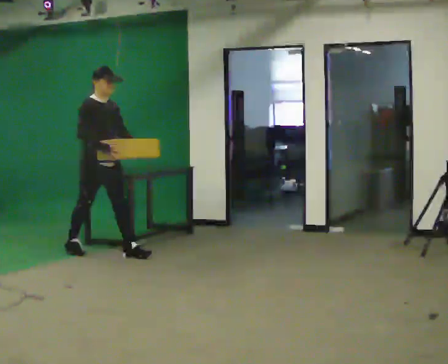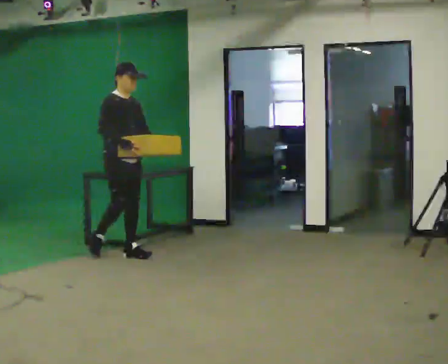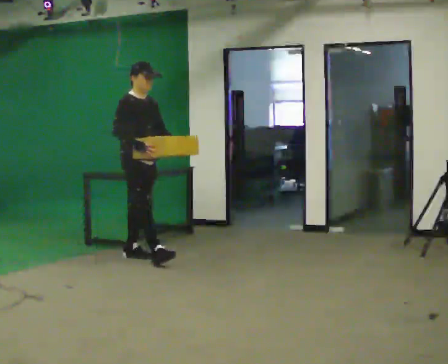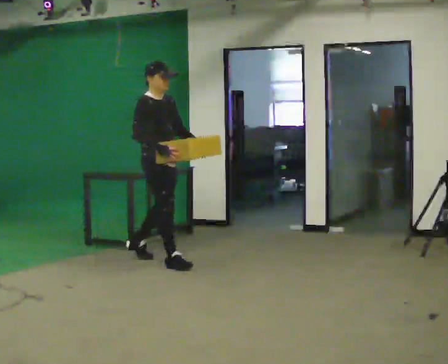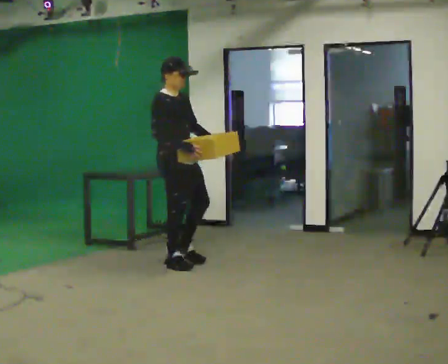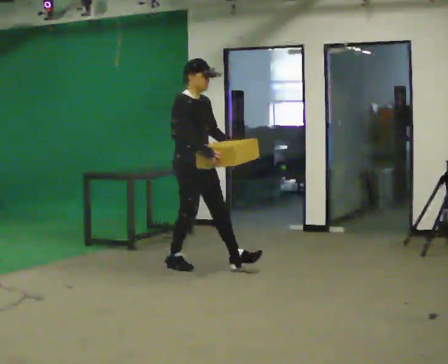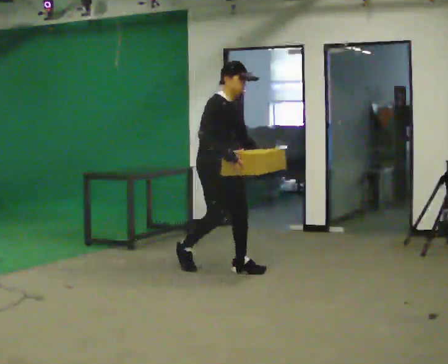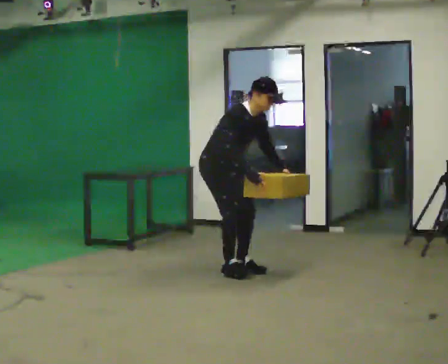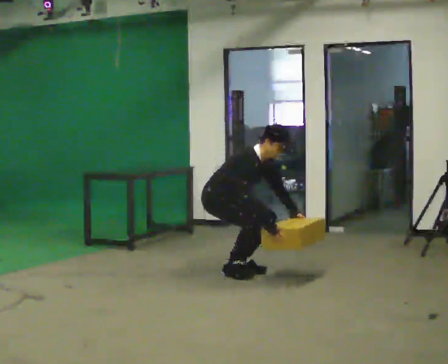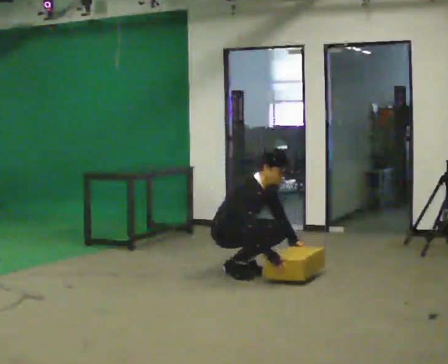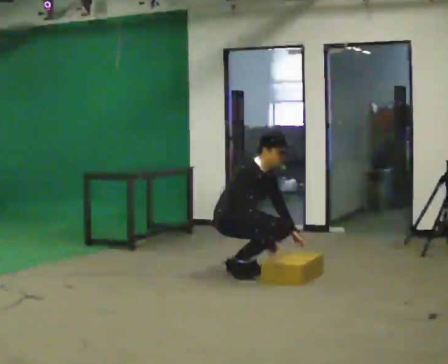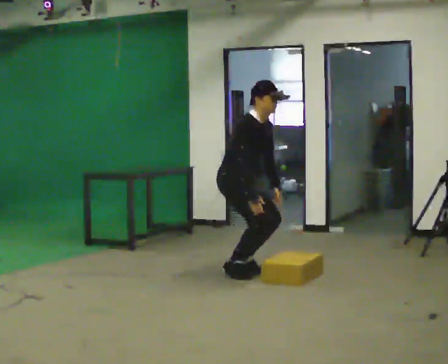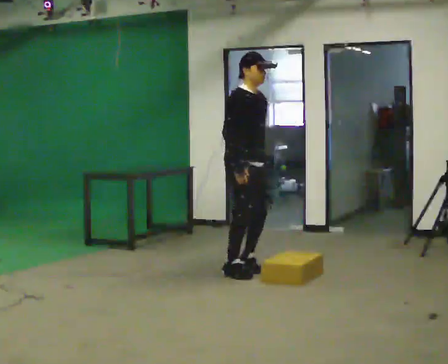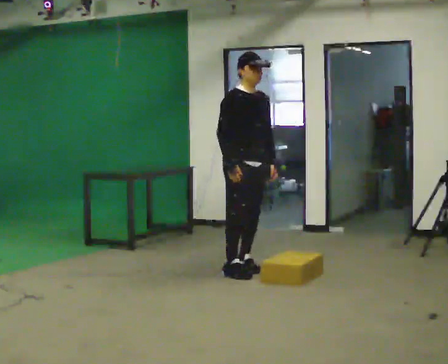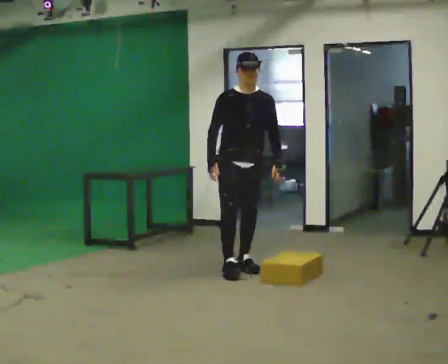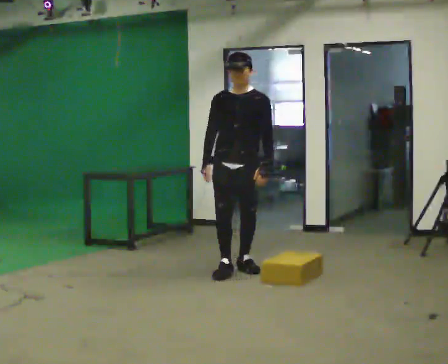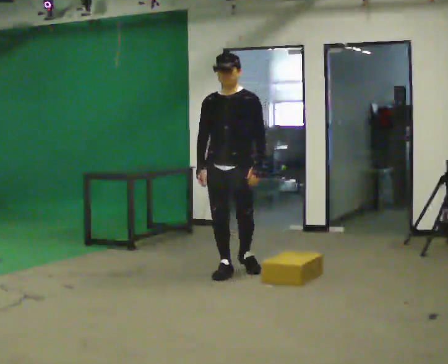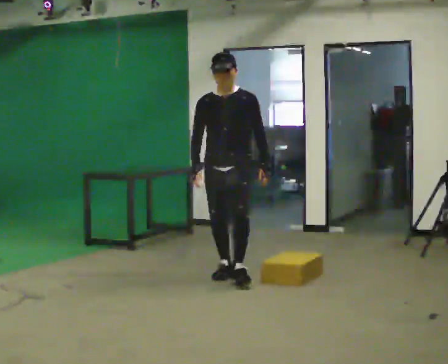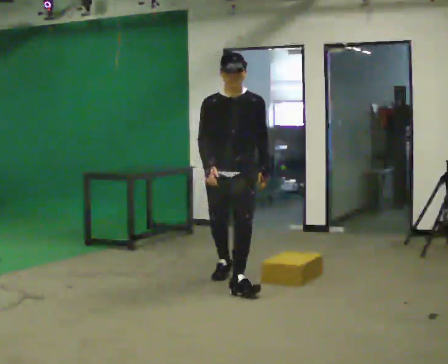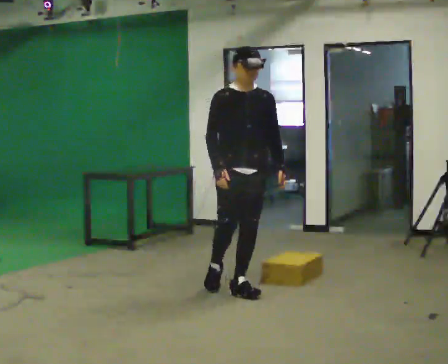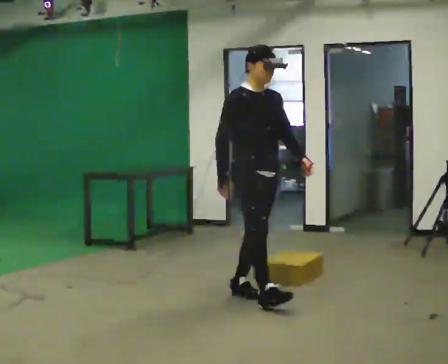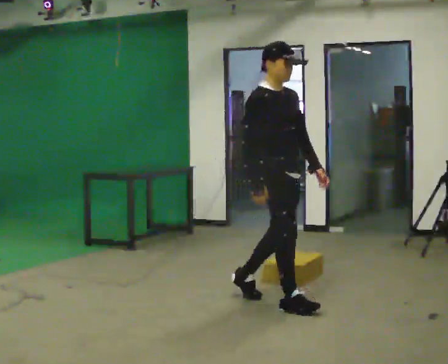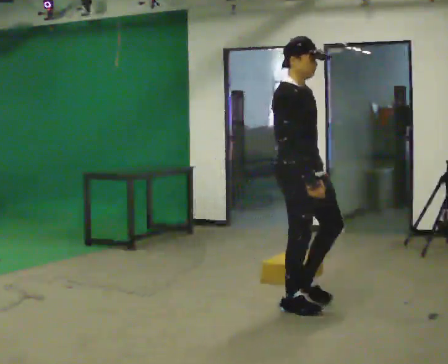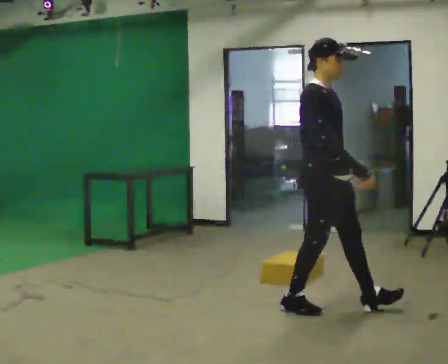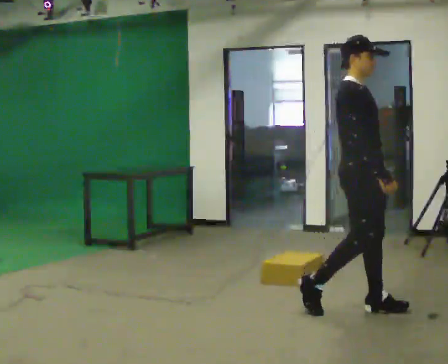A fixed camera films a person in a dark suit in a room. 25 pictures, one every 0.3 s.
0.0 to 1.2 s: In the picture they go to the right and toward the camera, about 1 m in 1 step, which for them is forward.
1.2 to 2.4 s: In the picture they go to the right and toward the camera, about 0.5 m in 2 steps, which for them is forward. The upper body goes downward. In the picture the upper body tilts clockwise, shoulders to the right, as they bend forward. In the picture their right hand goes downward.
2.4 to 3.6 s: In the picture they go to the right, about 0.25 m, which for them is forward. In the picture the upper body tilts counterclockwise, shoulders to the left, as they lean back or straighten. In the picture their left hand goes upward.
3.6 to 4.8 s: The part of the body nearest the lens slides to the left as the person turns to their right by about 60 degrees.
4.8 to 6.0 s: The part of the body nearest the lens slides to the right as the person turns to their left by about 60 degrees. In the picture they go toward the camera, about 1 m in 1 step, which for them is forward.
6.0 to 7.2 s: In the picture they go to the right and toward the camera, about 1 m in 2 steps, which for them is forward.
The film runs forward here.
